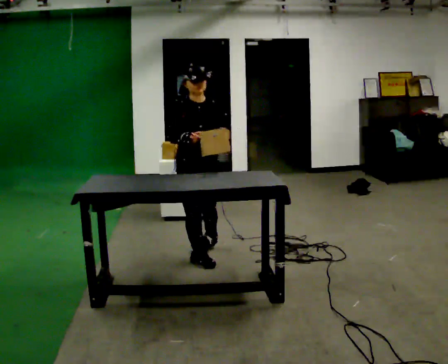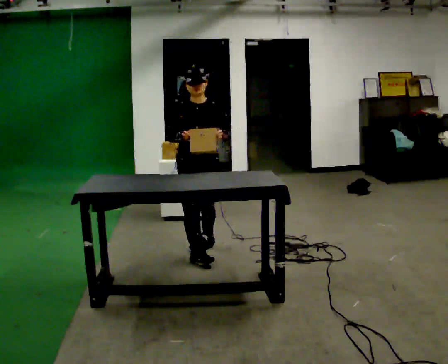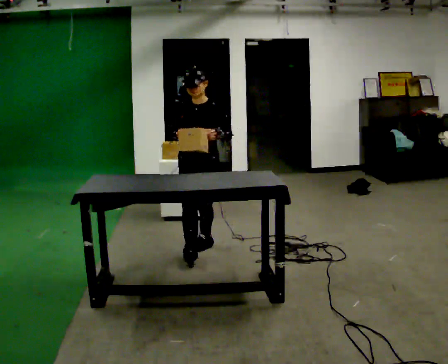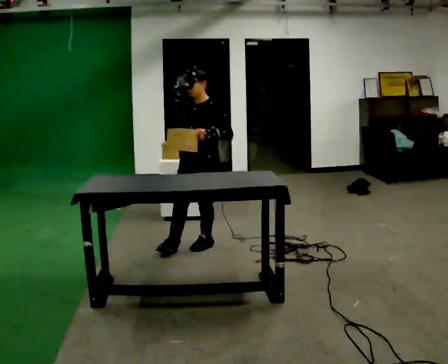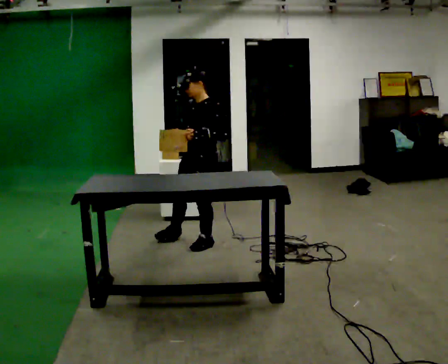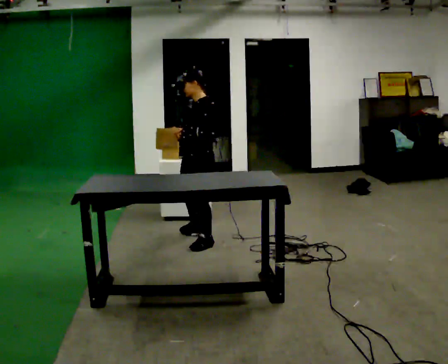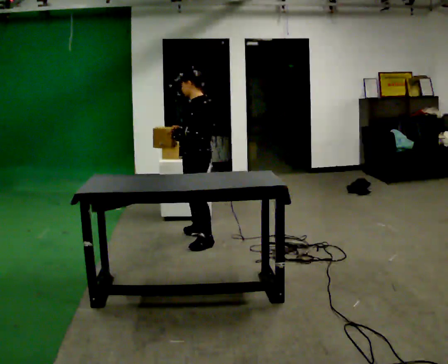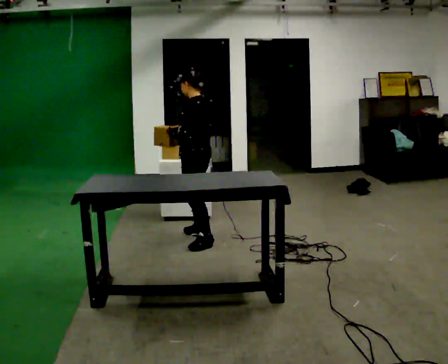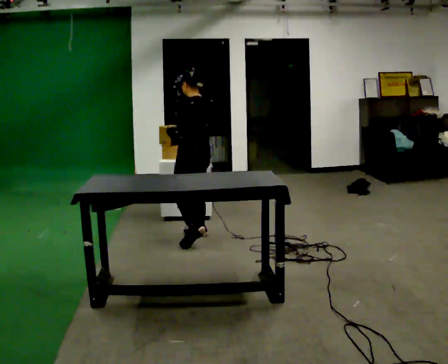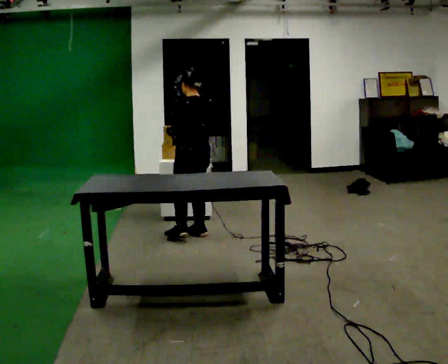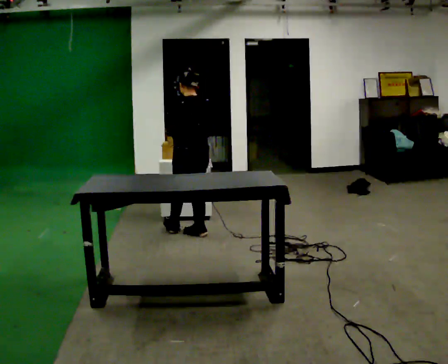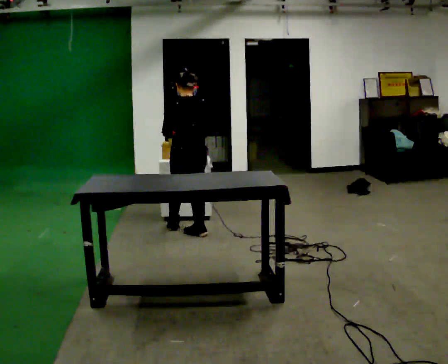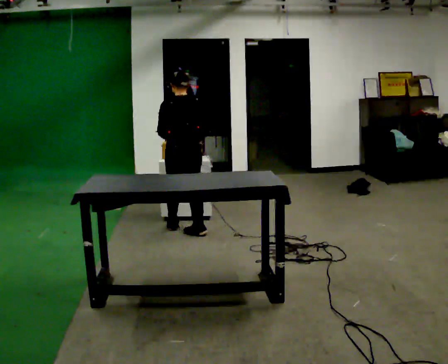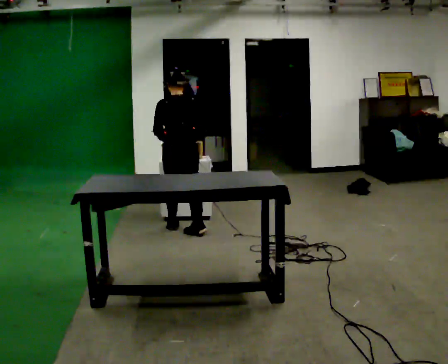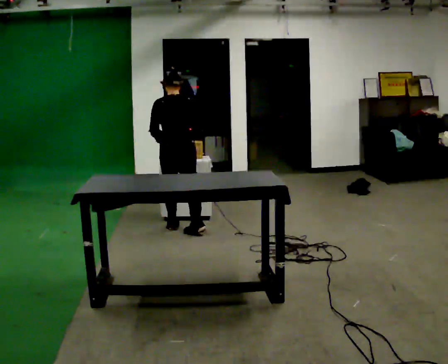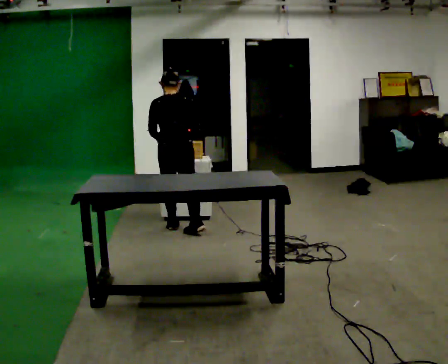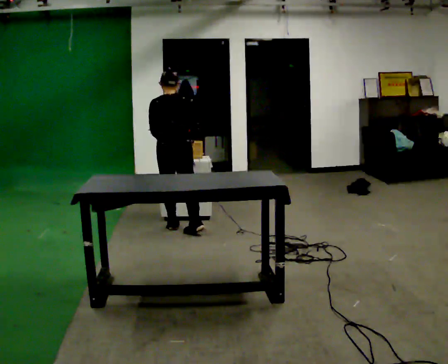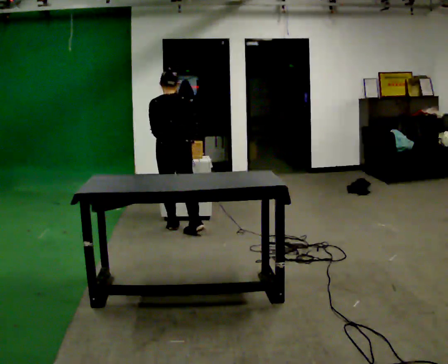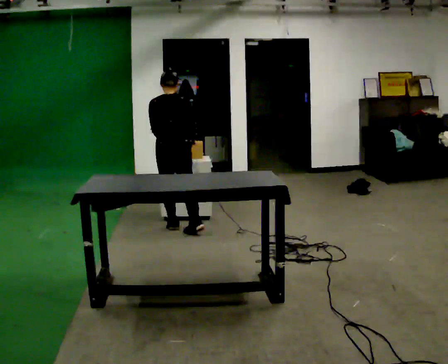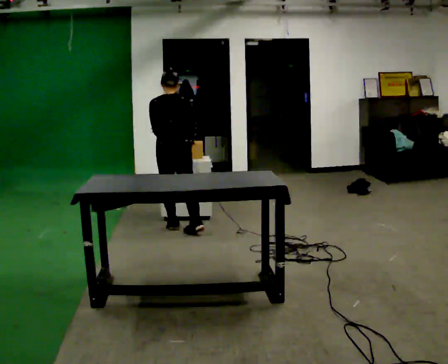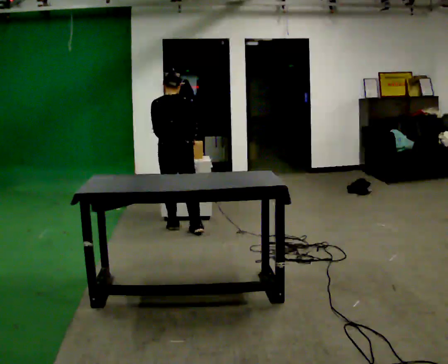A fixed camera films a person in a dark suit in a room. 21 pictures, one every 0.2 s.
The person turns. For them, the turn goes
to their right.
The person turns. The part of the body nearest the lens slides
to the left.
0.0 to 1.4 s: Seen from above the body turns clockwise, about 120 degrees: to their right, with its near side sliding to the left. In the picture they go away from the camera, about 0.5 m in 1 step.
1.4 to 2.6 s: The part of the body nearest the lens slides to the left as the person turns to their right by about 60 degrees. In the picture they go away from the camera, about 0.25 m in 1 step, which for them is forward.
2.6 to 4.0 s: The person moves a little, or ends about where they began.
The film runs forward here.
